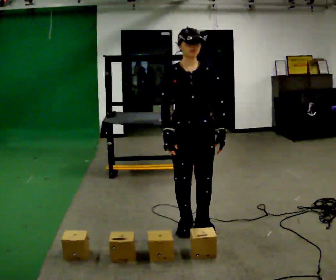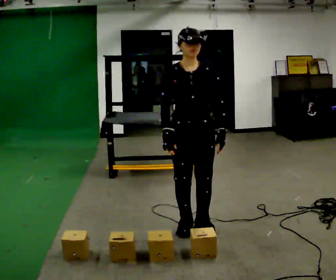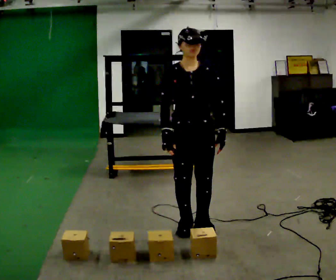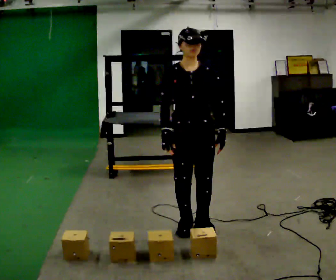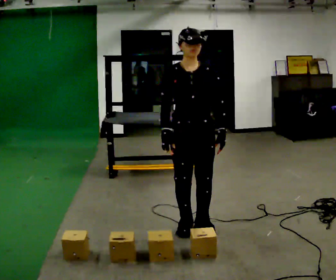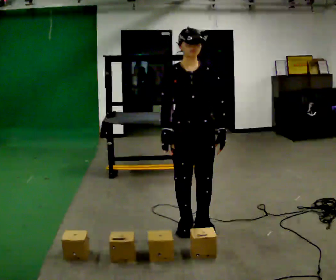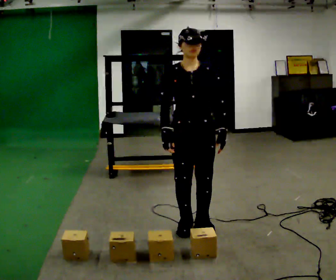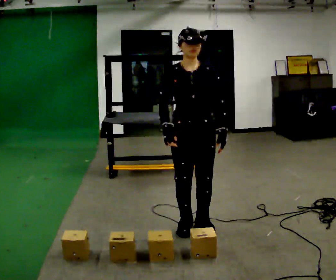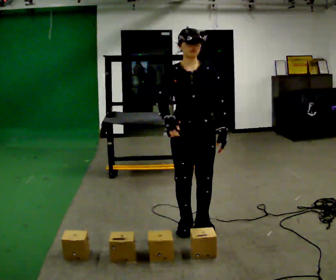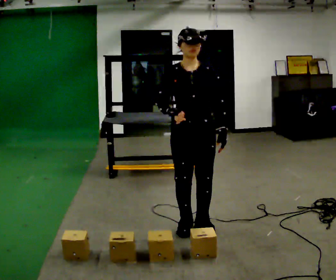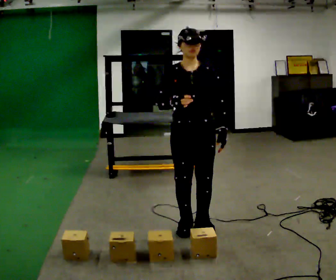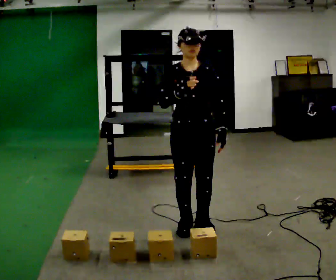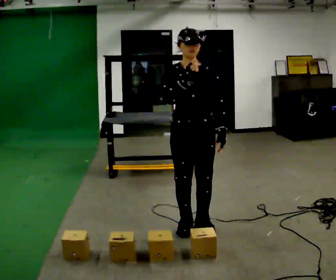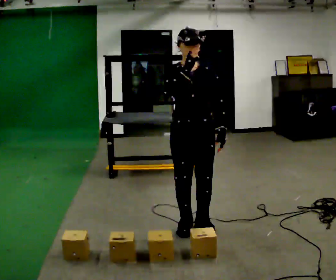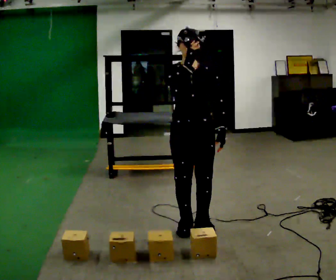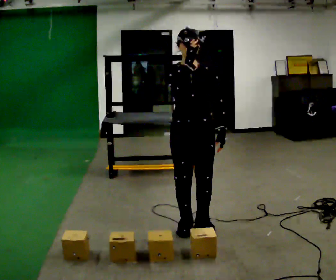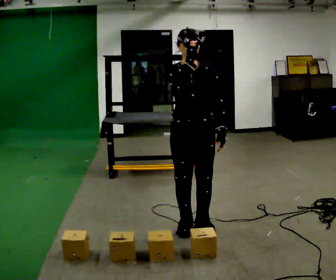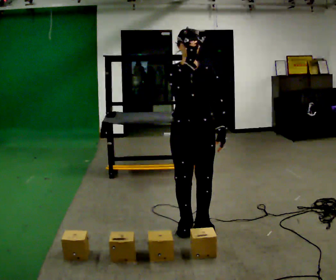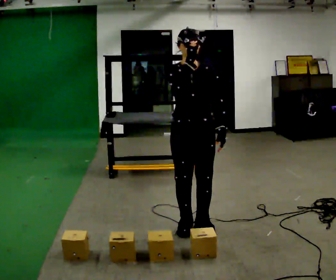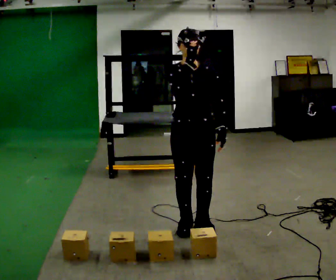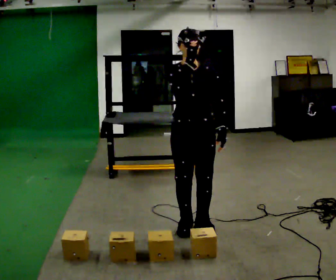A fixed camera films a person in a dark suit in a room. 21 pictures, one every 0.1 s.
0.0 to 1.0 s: The person moves a little, or ends about where they began.
1.0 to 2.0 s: In the picture their right hand goes upward.
The film runs backward here.
